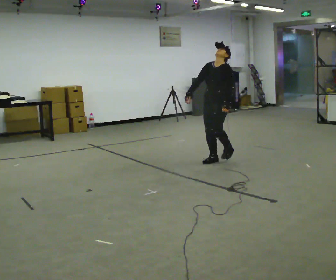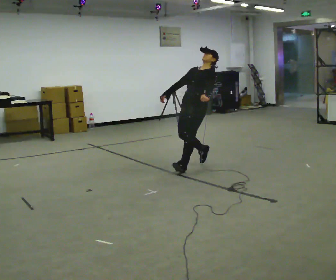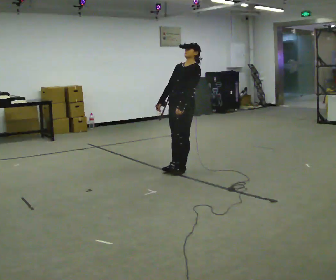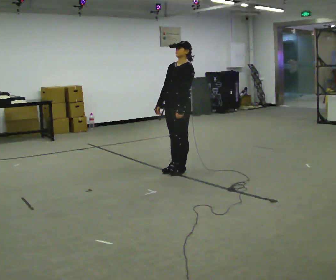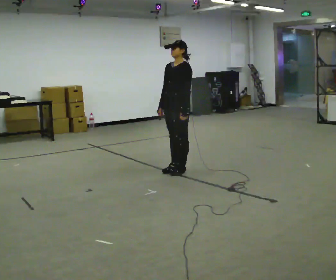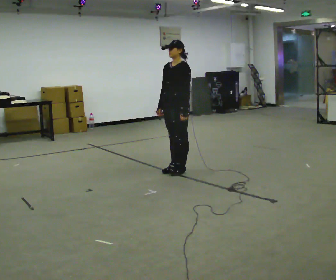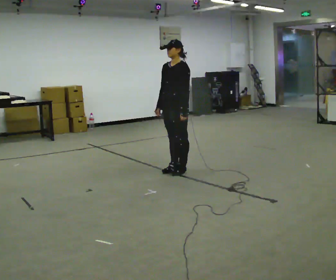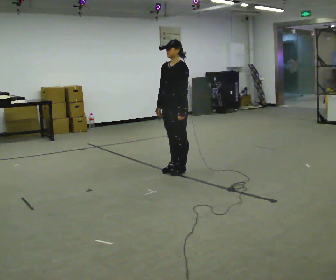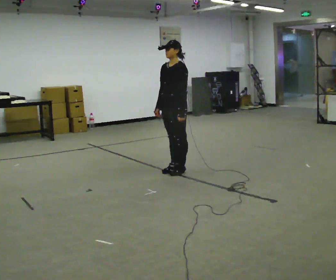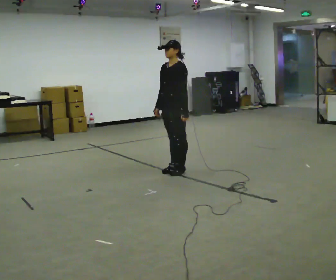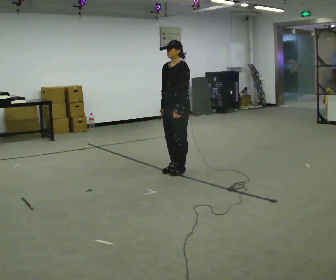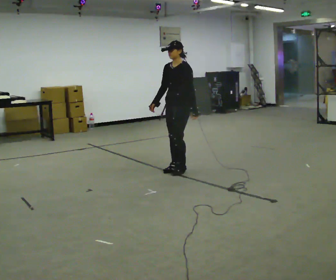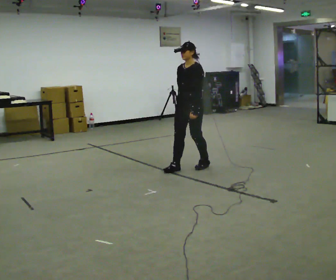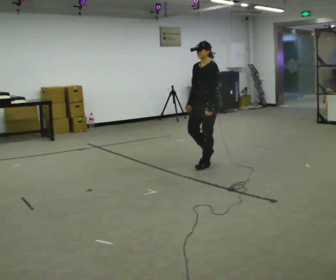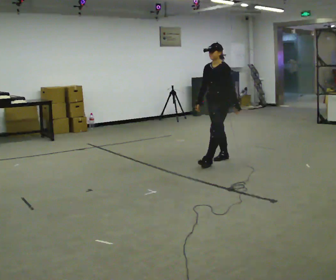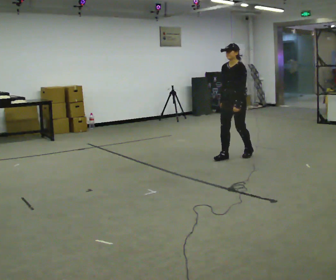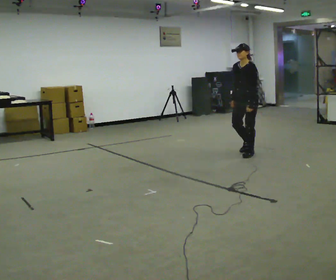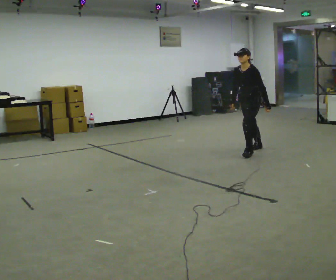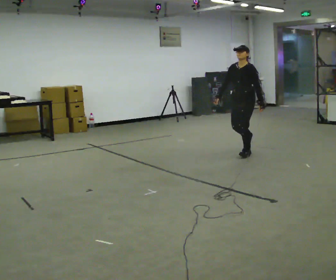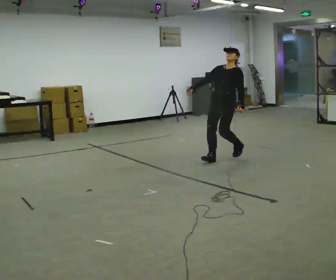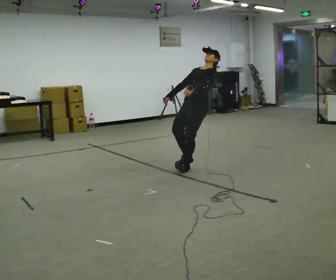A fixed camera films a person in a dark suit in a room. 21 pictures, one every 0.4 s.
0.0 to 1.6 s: In the picture they go toward the camera and to the left, about 0.5 m in 1 step, which for them is forward.
1.6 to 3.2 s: The person moves a little, or ends about where they began.
3.2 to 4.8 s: In the picture they go to the right and away from the camera, about 0.25 m in 1 step, which for them is backward.
4.8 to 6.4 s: In the picture they go to the right and away from the camera, about 1 m in 3 steps, which for them is backward.
6.4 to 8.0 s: In the picture they go to the left and toward the camera, about 1 m in 3 steps, which for them is forward. The upper body tips away from the camera, its near side rolling upward.
The film runs backward here.
